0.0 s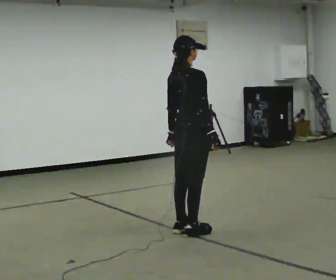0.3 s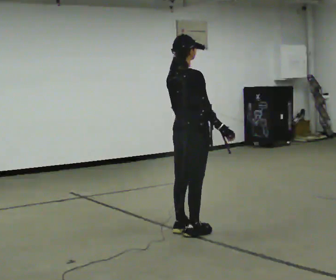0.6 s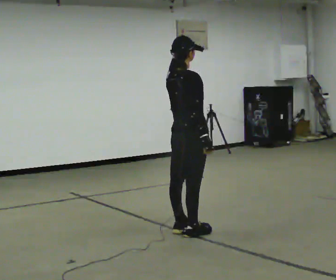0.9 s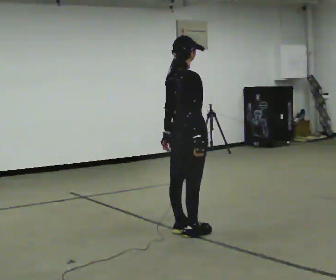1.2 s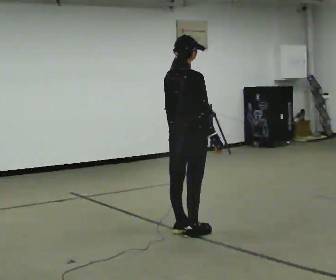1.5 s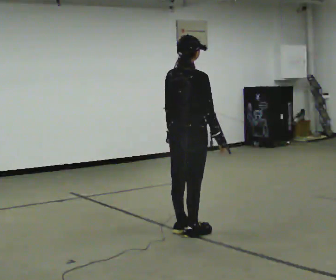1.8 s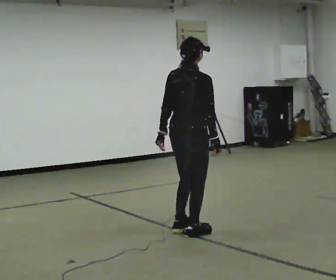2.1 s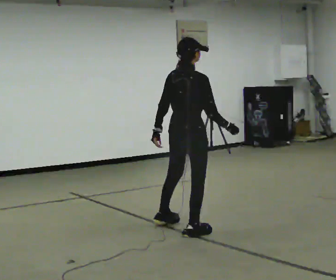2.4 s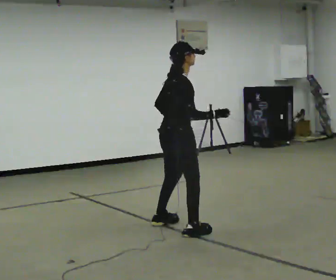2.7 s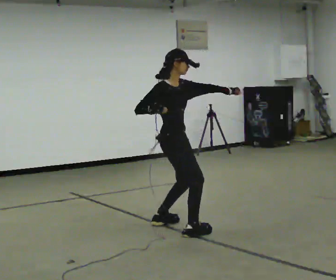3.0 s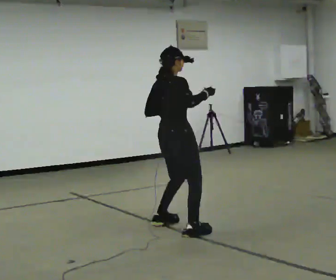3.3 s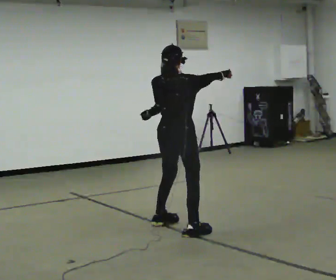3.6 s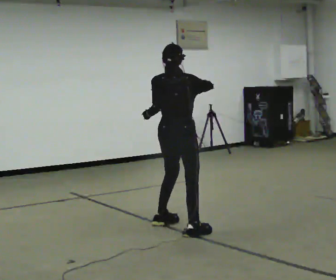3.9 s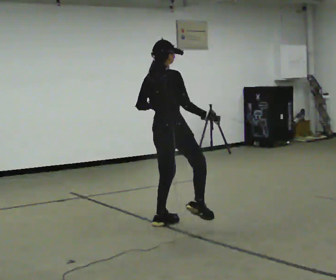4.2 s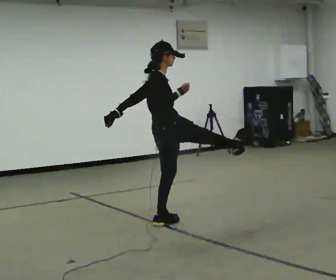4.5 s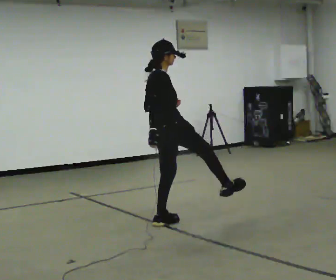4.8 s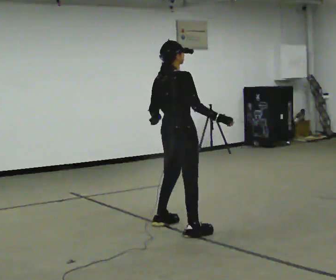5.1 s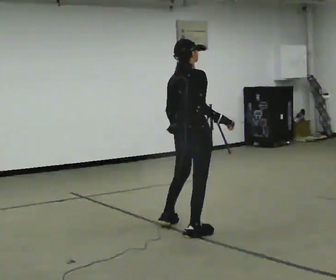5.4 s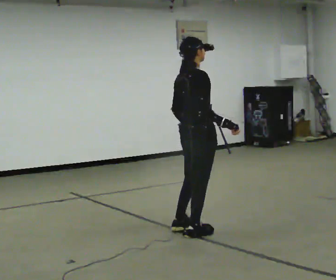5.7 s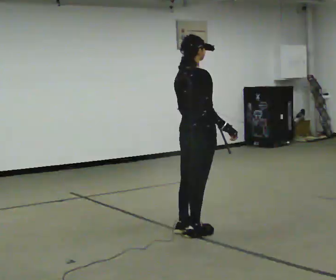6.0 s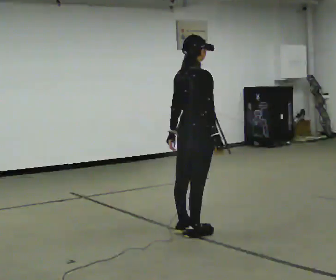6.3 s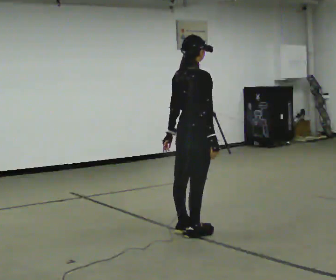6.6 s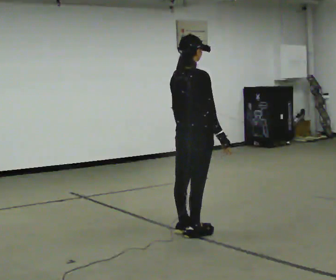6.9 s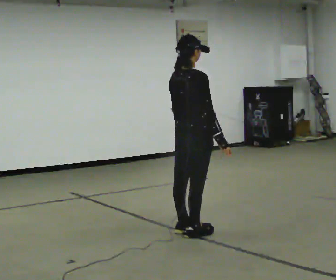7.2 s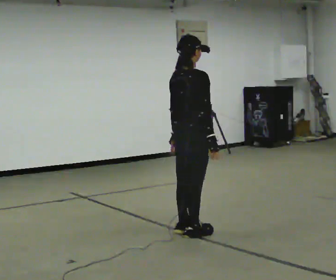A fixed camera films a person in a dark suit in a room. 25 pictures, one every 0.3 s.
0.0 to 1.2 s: The person moves a little, or ends about where they began.
1.2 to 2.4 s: Seen from above the body turns clockwise, about 30 degrees: to their right, with its near side sliding to the left. In the picture they go away from the camera, about 0.25 m in 1 step, which for them is to their left.
2.4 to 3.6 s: Seen from above the body turns counterclockwise, about 60 degrees: to their left, with its near side sliding to the right.
3.6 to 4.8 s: The person turns about 30 degrees to their right, clockwise seen from above, so the part of the body nearest the lens slides to the left.
4.8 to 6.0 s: In the picture they go toward the camera, about 0.25 m in 1 step, which for them is to their right.
6.0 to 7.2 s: The person moves a little, or ends about where they began.
The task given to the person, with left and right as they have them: Perform a slow martial arts form (https://youtu.be/ZMi83SPAP1Q?si=p1_31d3YaodeQQZT); kicks should be slow
The film runs forward here.
